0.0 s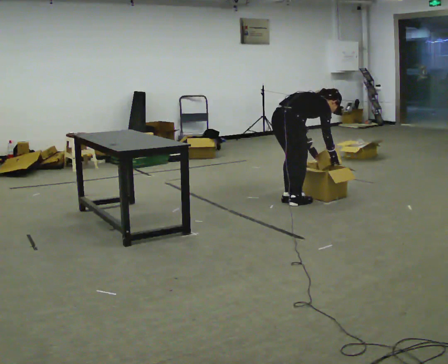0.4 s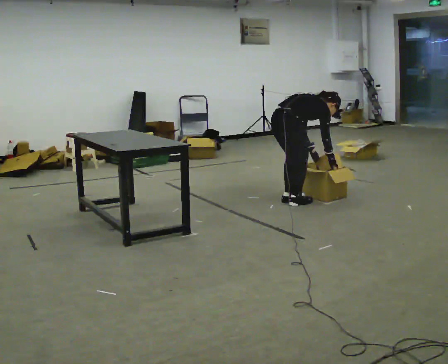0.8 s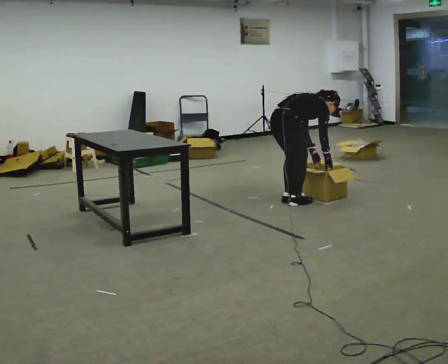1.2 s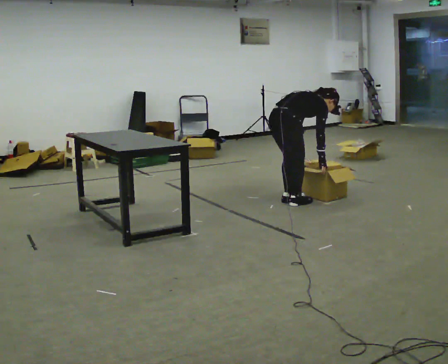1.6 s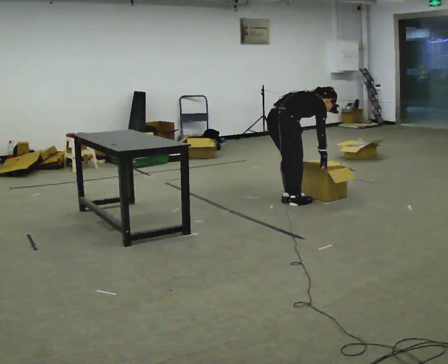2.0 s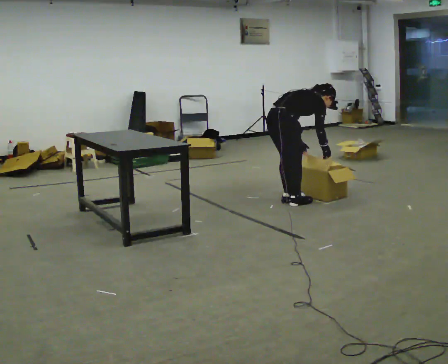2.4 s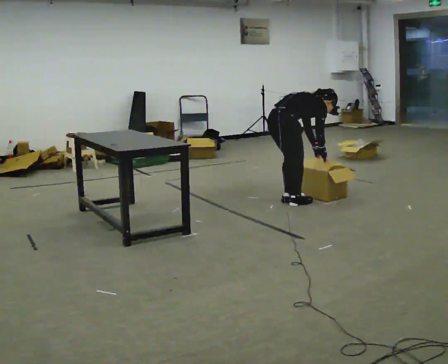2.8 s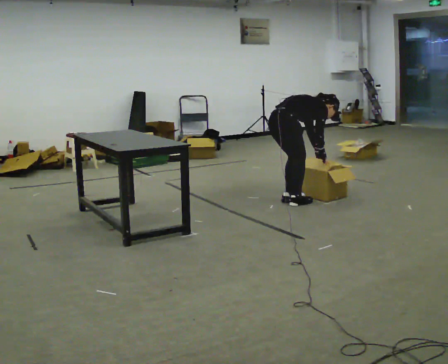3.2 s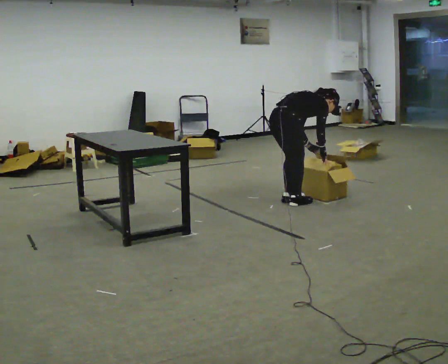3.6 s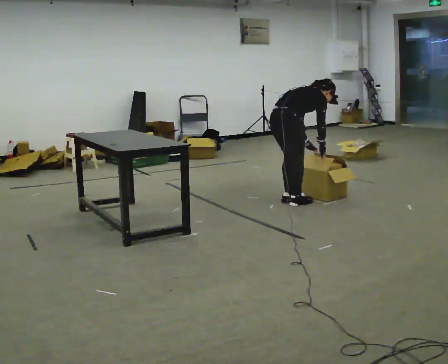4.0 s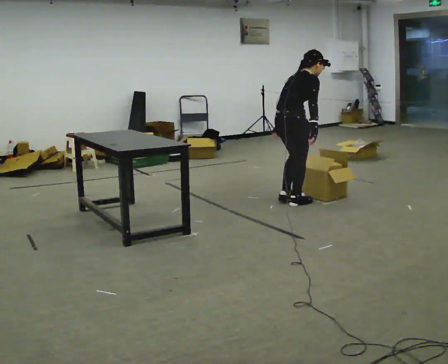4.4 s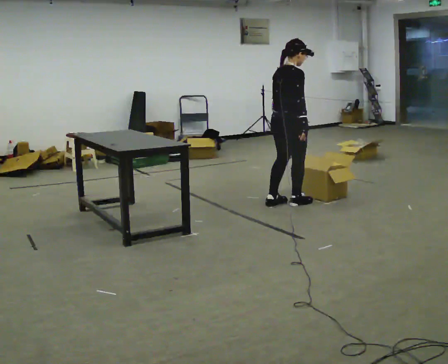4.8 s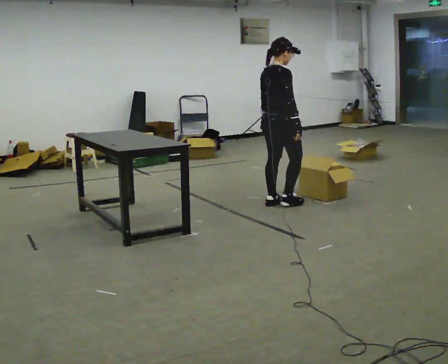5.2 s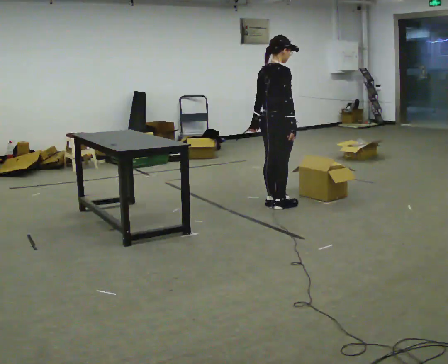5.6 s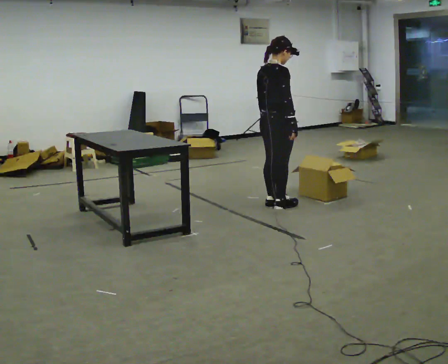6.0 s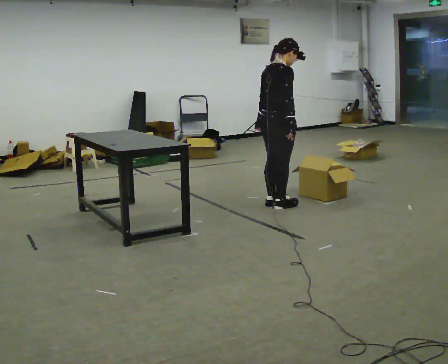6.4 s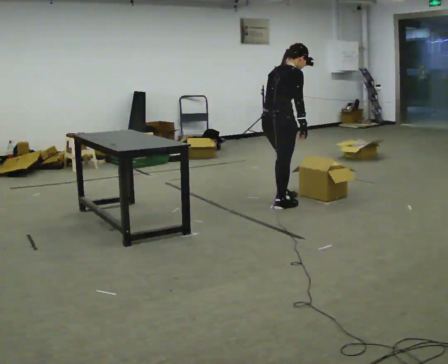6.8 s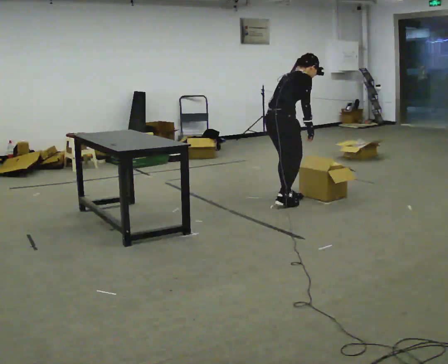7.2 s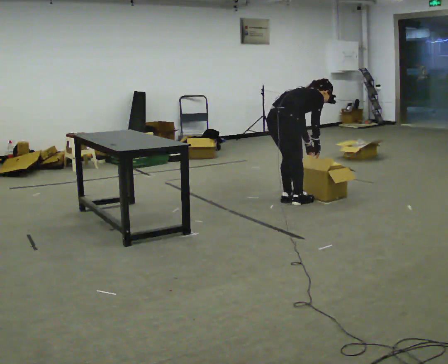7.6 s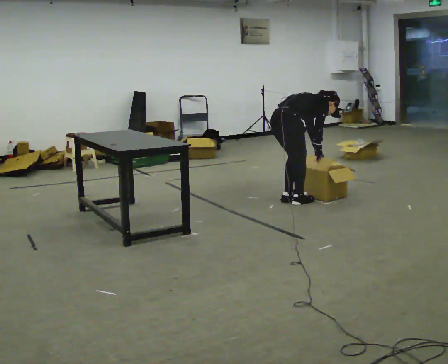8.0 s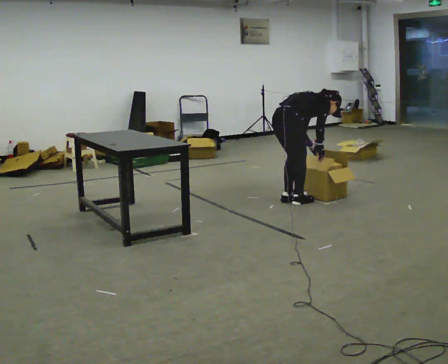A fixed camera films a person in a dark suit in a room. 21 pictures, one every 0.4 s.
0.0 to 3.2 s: The person moves a little, or ends about where they began.
3.2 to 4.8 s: The upper body goes upward. In the picture the upper body tilts counterclockwise, shoulders to the left, as they lean back or straighten.
4.8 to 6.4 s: In the picture the upper body tilts clockwise, shoulders to the right, as they bend forward.
6.4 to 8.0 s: The upper body goes downward. In the picture the upper body tilts clockwise, shoulders to the right, as they bend forward. In the picture their left hand goes to the right and downward.
The film runs forward here.
